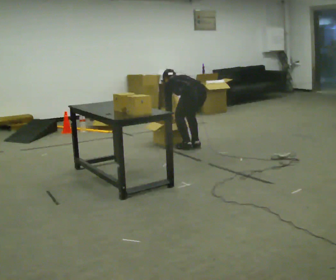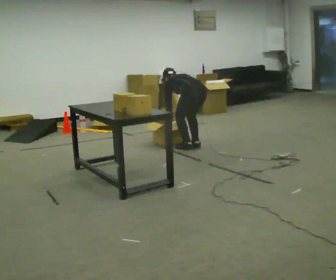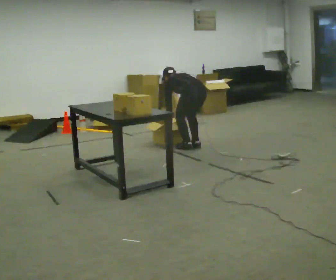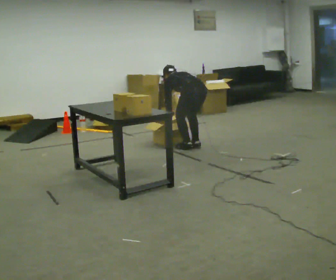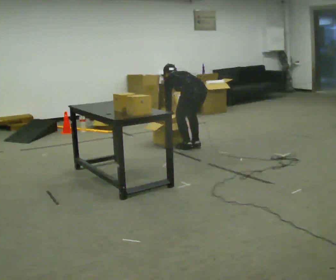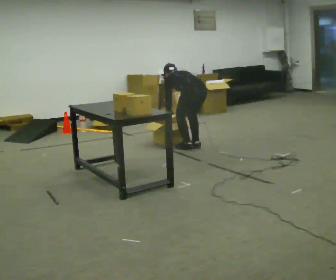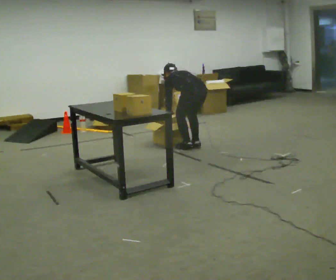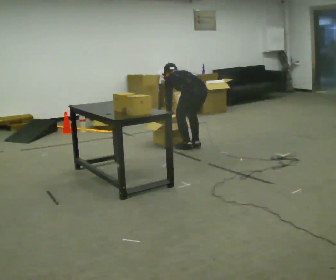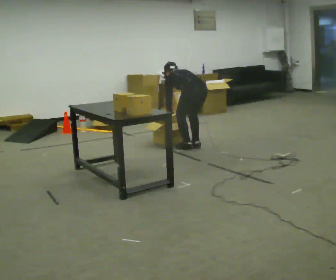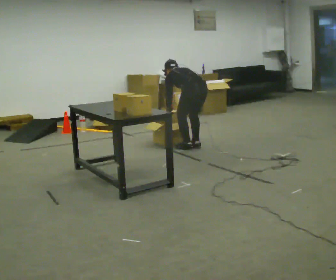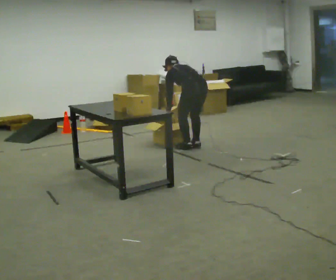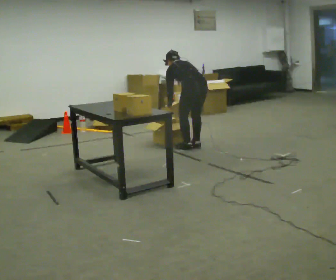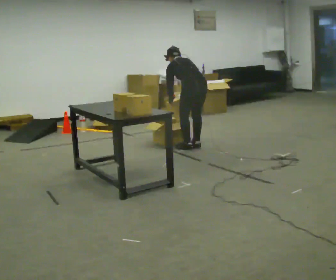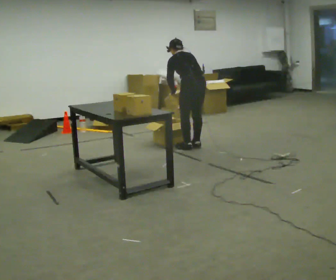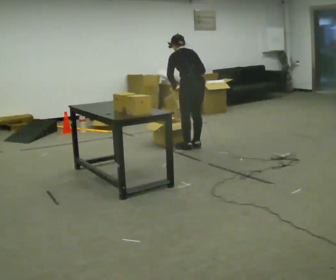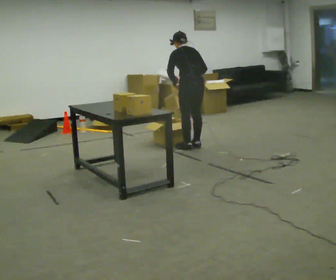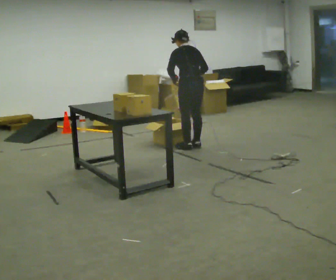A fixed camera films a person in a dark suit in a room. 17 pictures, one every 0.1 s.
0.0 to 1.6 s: The shoulders move upward. The upper body tips toward the camera, its near side rolling downward, as they lean back or straighten. In the picture their left hand goes upward.
The film runs backward here.
